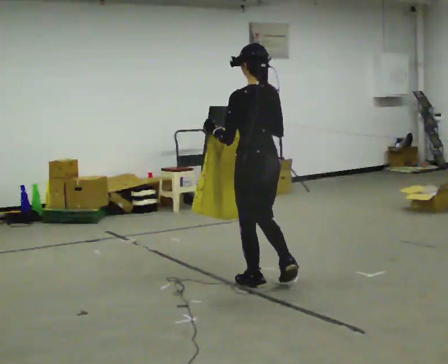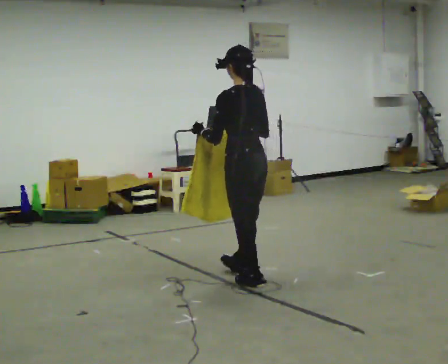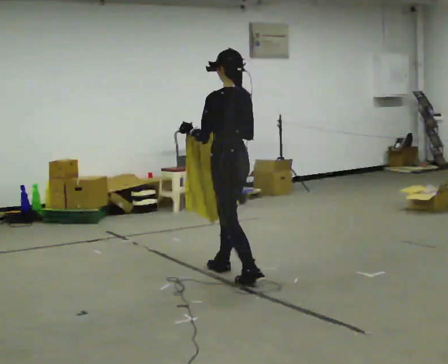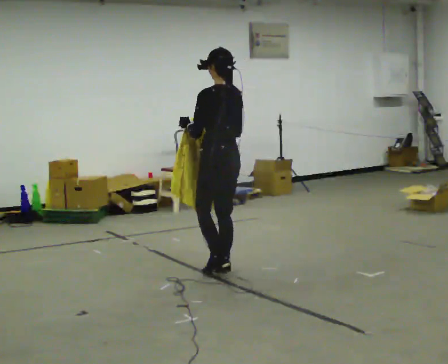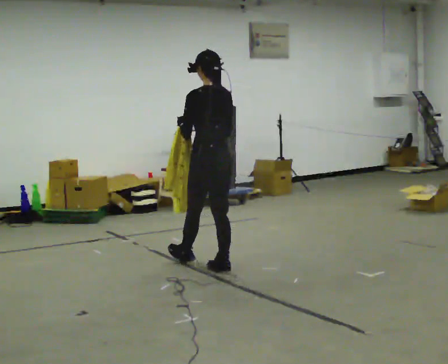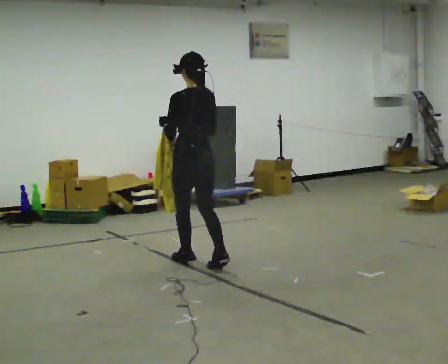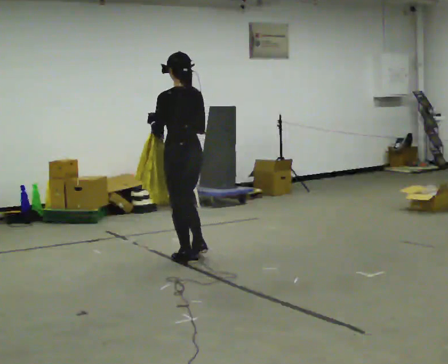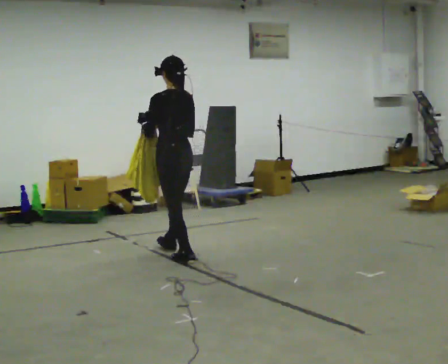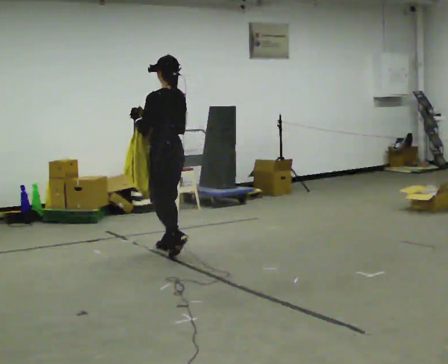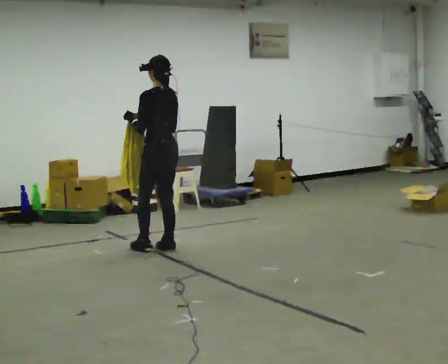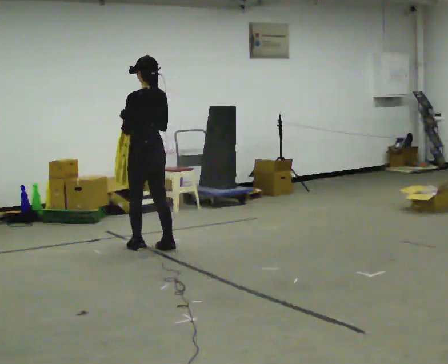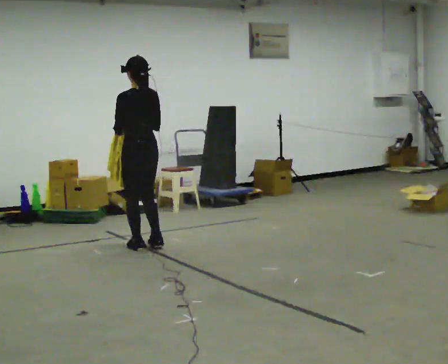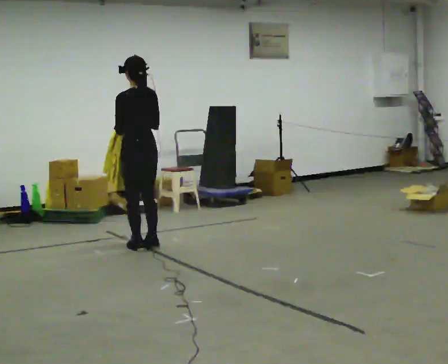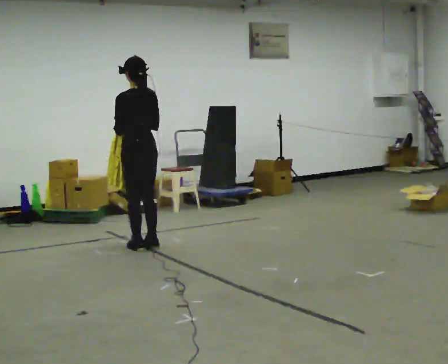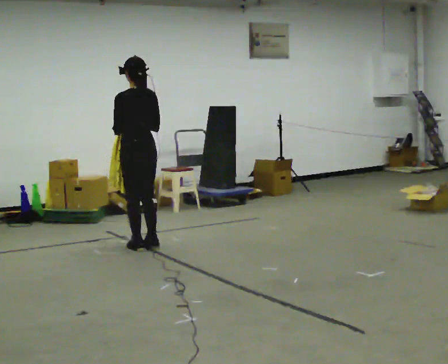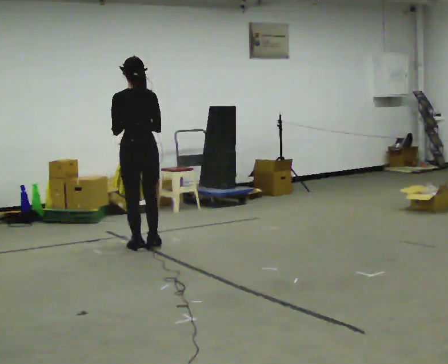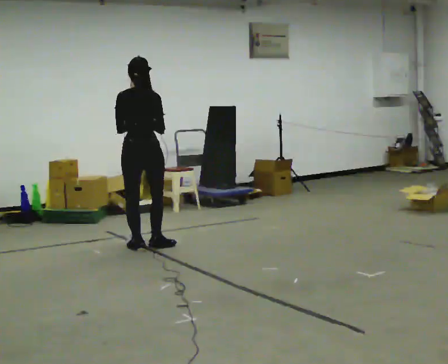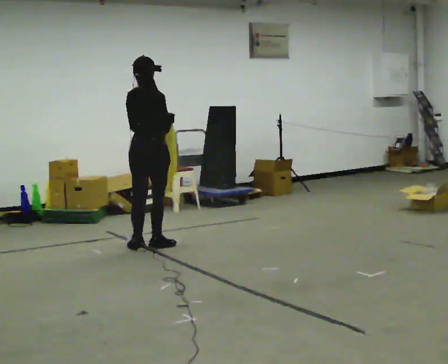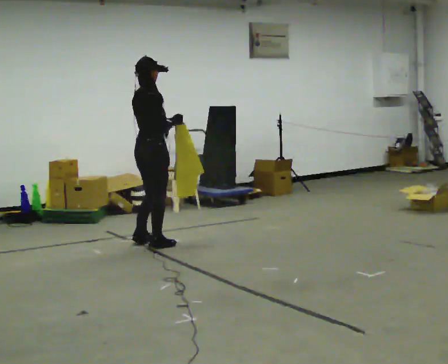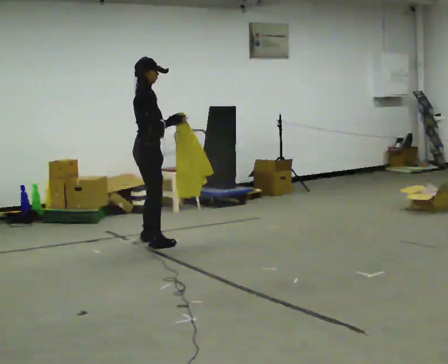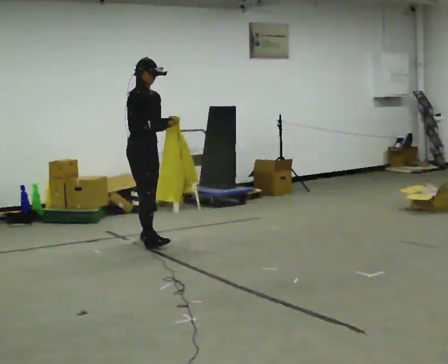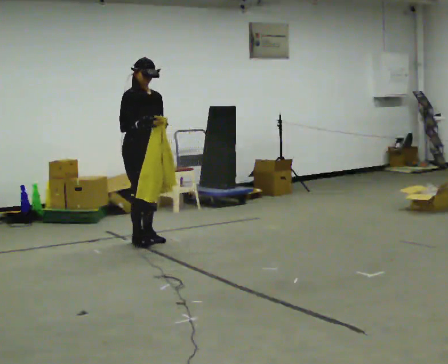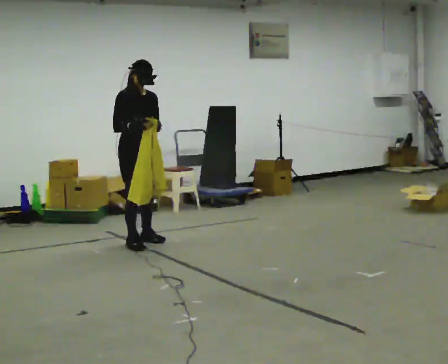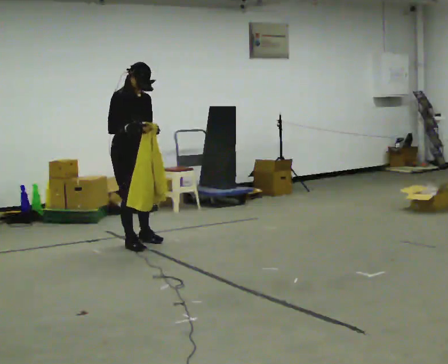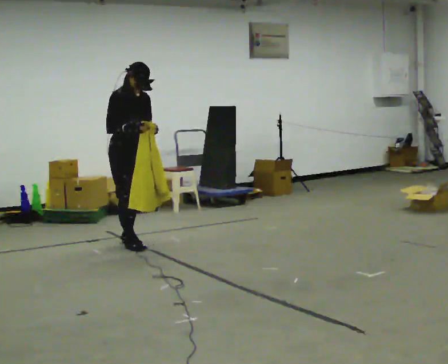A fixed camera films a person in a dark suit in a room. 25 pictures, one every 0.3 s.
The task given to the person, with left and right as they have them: Carry the cloth and, while walking, fold it in half, then unfold it. Keep repeating as you walk. Do not stop.
0.0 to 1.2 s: In the picture they go away from the camera, about 0.5 m in 1 step, which for them is forward.
1.2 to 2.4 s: In the picture they go away from the camera and to the left, about 0.75 m in 2 steps, which for them is forward.
2.4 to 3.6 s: In the picture they go to the left and away from the camera, about 0.25 m in 2 steps, which for them is forward and to their left.
3.6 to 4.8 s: The person turns about 45 degrees to their right, clockwise seen from above, so the part of the body nearest the lens slides to the left.
4.8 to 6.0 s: The part of the body nearest the lens slides to the left as the person turns to their right by about 120 degrees. In the picture they go away from the camera, about 0.25 m in 1 step.
6.0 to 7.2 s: In the picture they go to the left, about 0.25 m in 2 steps, which for them is to their right.
The film runs forward here.
